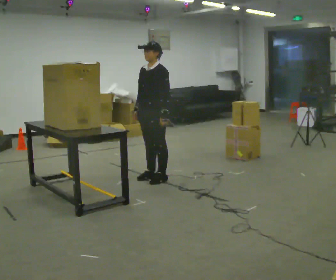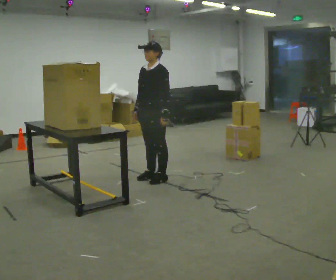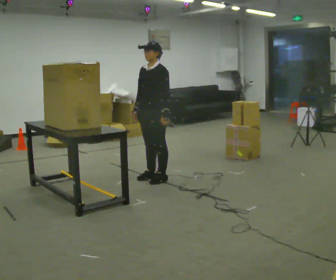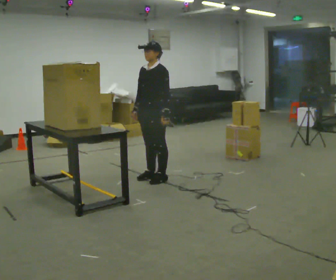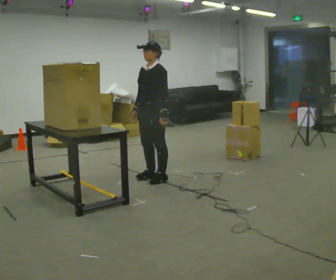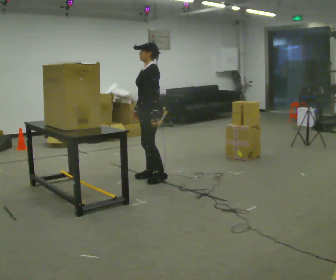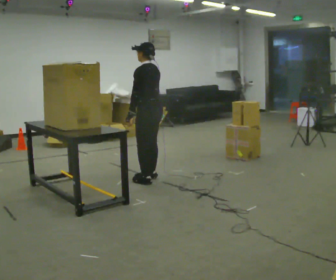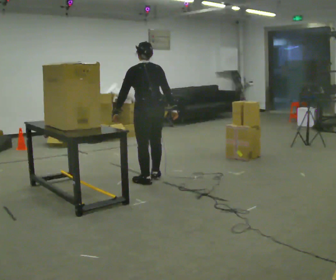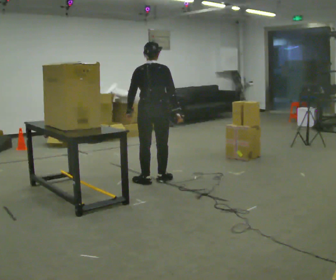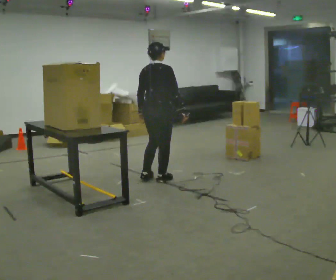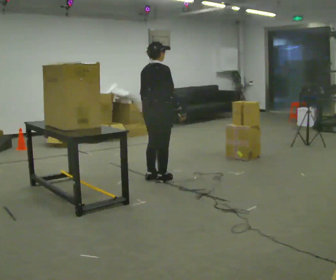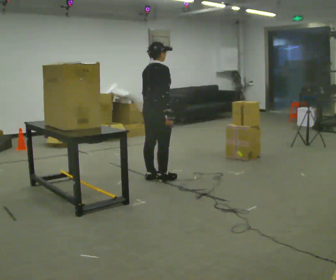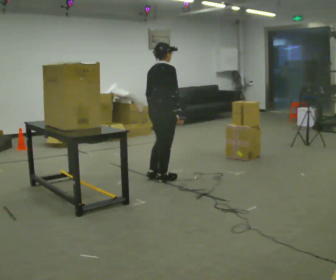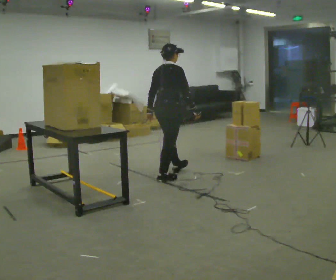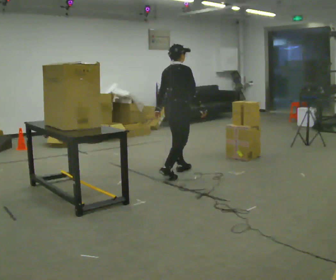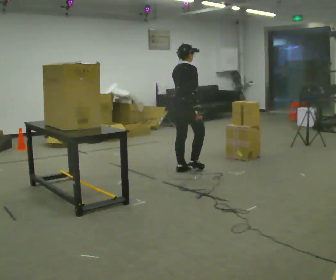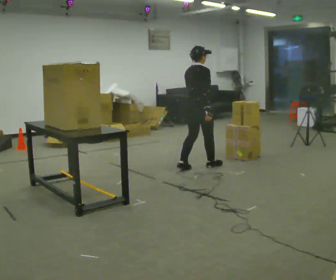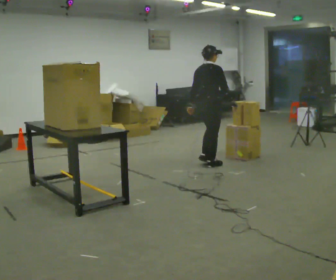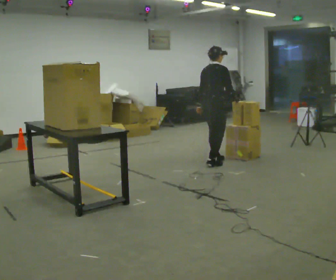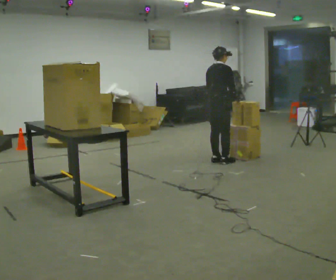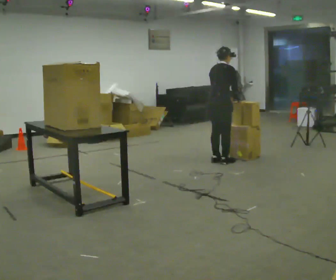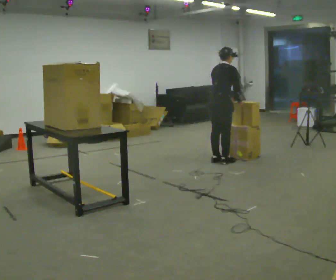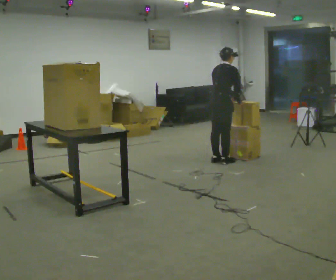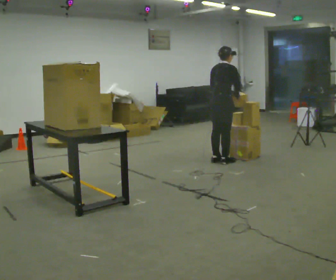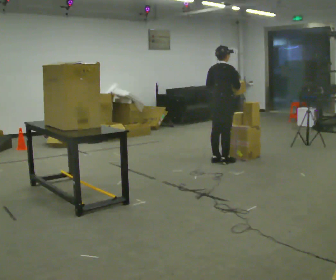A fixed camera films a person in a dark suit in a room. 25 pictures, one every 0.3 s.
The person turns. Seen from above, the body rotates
clockwise.
The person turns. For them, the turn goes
to their right.
0.0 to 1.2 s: The person moves a little, or ends about where they began.
1.2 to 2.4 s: The part of the body nearest the lens slides to the left as the person turns to their right by about 135 degrees. In the picture their right hand goes to the right, the arm swinging counterclockwise.
2.4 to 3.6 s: Seen from above the body turns clockwise, about 45 degrees: to their right, with its near side sliding to the left.
3.6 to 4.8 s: In the picture they go away from the camera and to the right, about 0.75 m in 2 steps, which for them is forward.
4.8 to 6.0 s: In the picture they go to the right and away from the camera, about 0.5 m in 2 steps, which for them is forward.
6.0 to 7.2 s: The person moves a little, or ends about where they began.
The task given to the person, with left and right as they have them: Take an object from the waist-height shelf, carry it across the room, and place it on the highest shelf you can comfortably reach. Keep going until the operator says stop; one object at a time, and do not rush between trips.
The film runs forward here.
